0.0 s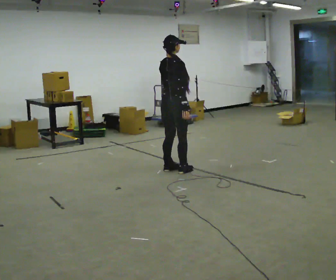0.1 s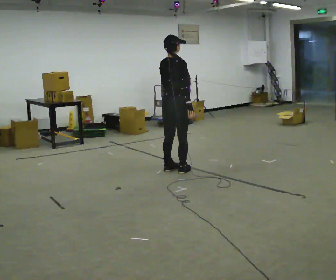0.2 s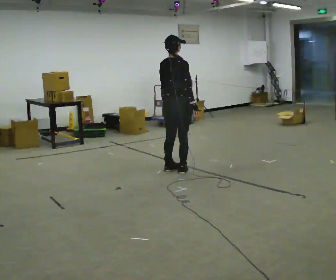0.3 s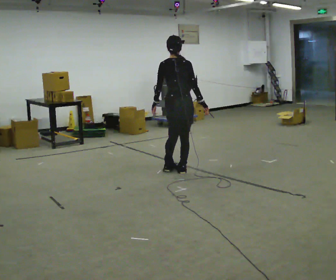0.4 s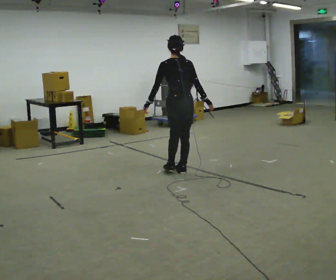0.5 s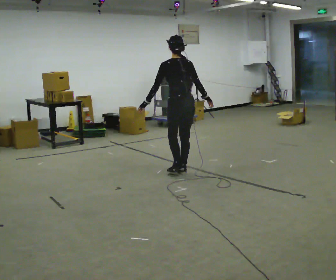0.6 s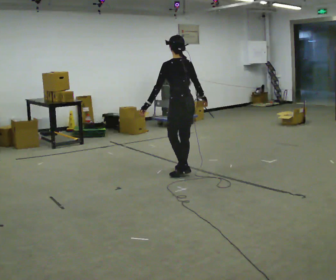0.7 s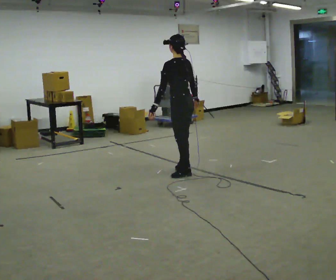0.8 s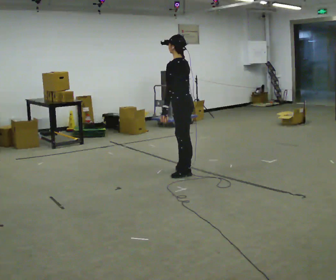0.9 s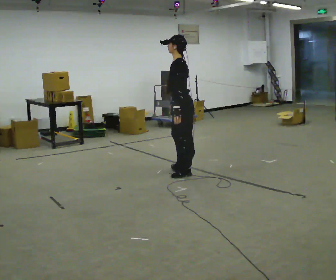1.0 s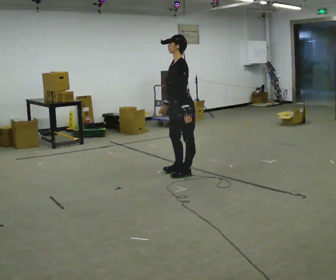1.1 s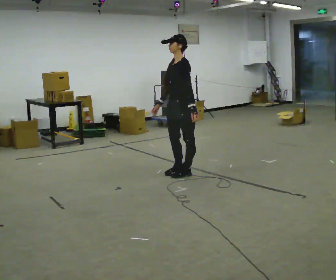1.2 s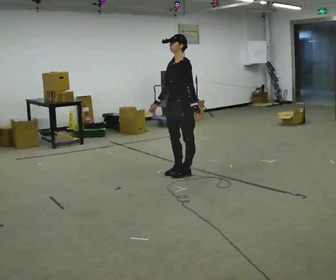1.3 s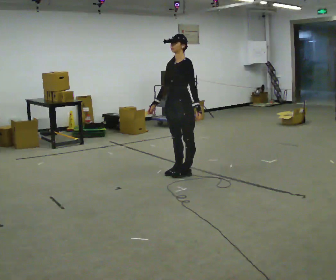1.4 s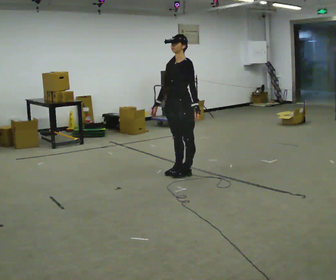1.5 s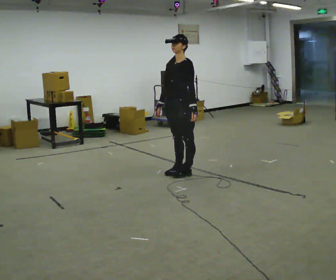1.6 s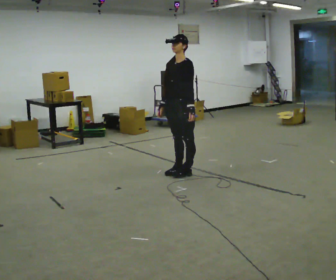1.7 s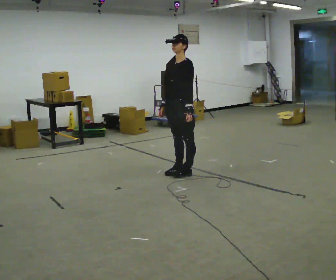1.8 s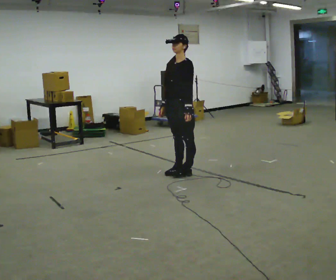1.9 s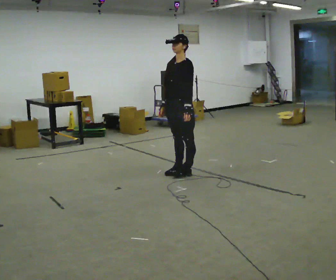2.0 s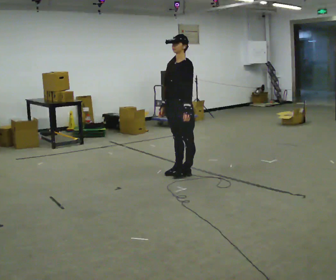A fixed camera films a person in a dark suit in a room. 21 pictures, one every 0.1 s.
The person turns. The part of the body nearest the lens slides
to the right.
The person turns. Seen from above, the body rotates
counterclockwise.
0.0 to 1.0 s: The part of the body nearest the lens slides to the right as the person turns to their left by about 135 degrees.
1.0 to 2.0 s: The person turns about 30 degrees to their left, counterclockwise seen from above, so the part of the body nearest the lens slides to the right.
The film runs backward here.
